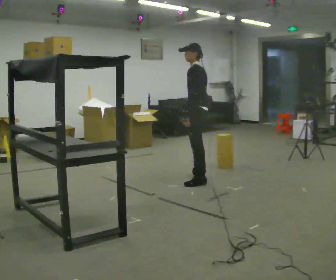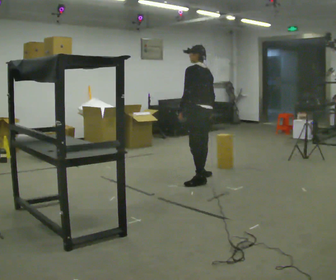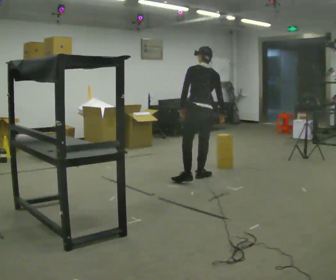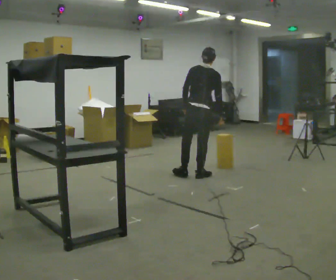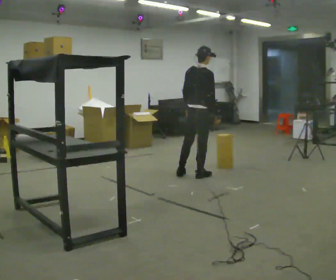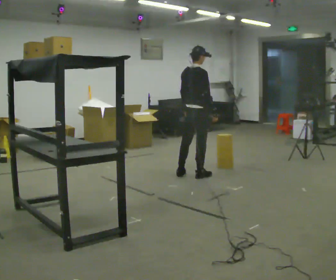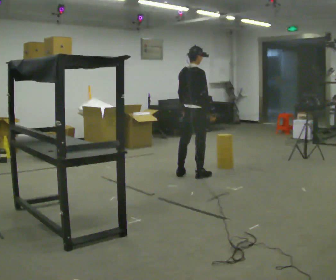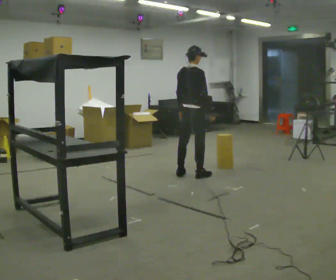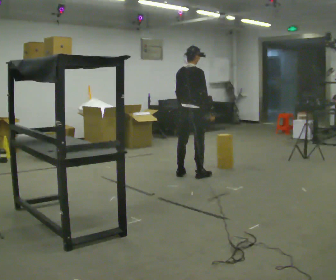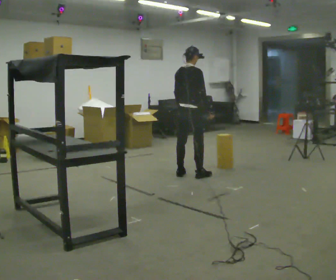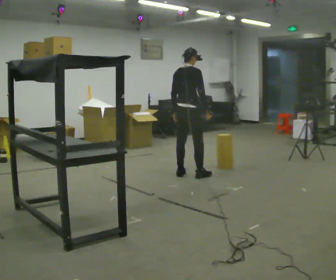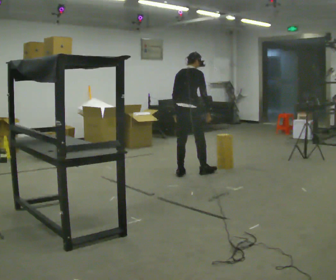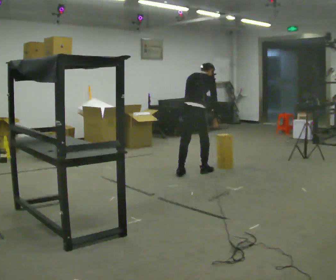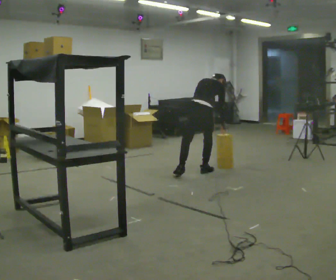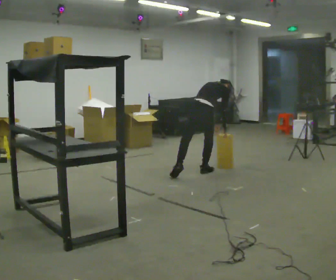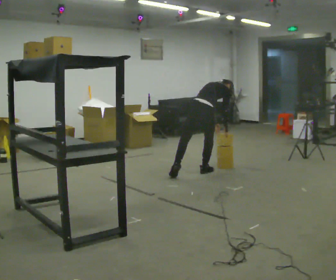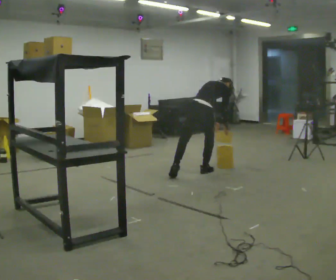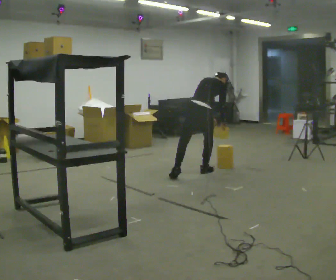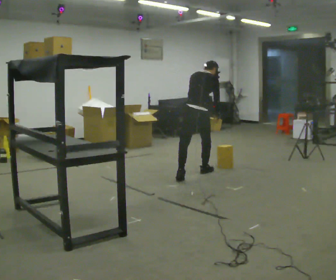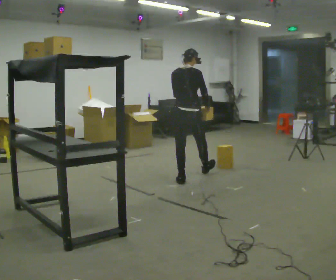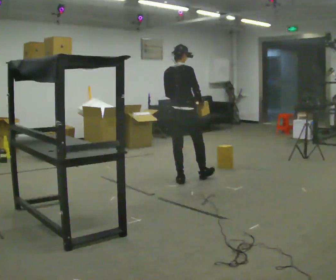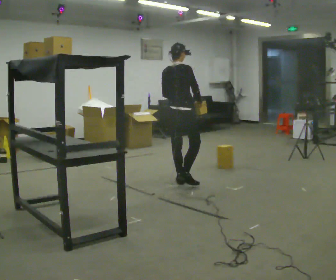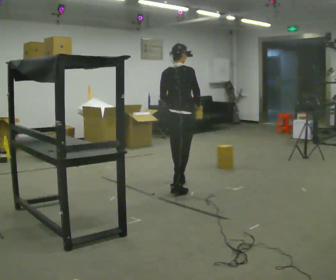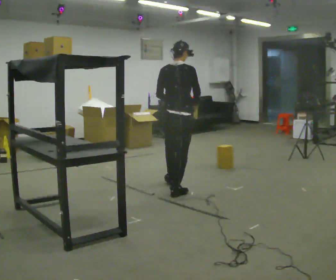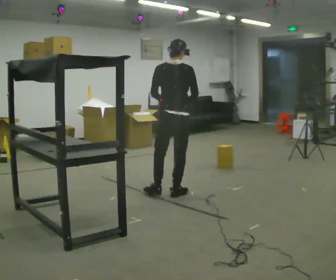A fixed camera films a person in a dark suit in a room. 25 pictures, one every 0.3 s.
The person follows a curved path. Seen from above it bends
clockwise.
0.0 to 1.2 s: The part of the body nearest the lens slides to the left as the person turns to their right by about 105 degrees. In the picture they go away from the camera, about 0.25 m in 1 step.
1.2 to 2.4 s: The person moves a little, or ends about where they began.
2.4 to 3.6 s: The upper body tips away from the camera, its near side rolling upward, as they bend forward.
3.6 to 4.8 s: In the picture the upper body tilts clockwise, shoulders to the right, as they bend forward. In the picture their left hand goes to the right.
4.8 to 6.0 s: In the picture they go toward the camera and to the left, about 0.5 m in 2 steps, which for them is backward. The upper body goes upward. The upper body tips toward the camera, its near side rolling downward, as they lean back or straighten. In the picture their right hand goes upward.
6.0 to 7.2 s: In the picture they go toward the camera, about 0.75 m in 1 step, which for them is backward.
The film runs backward here.
